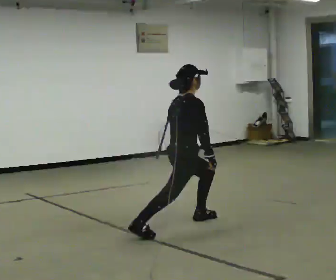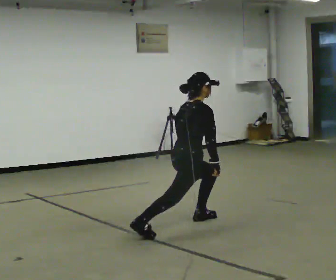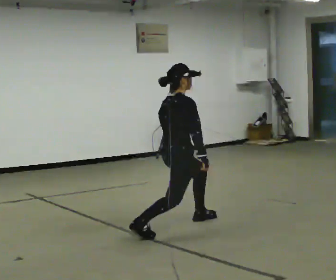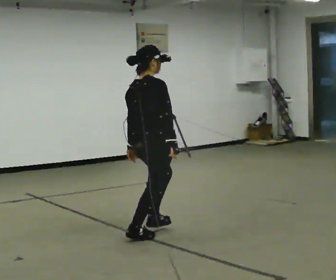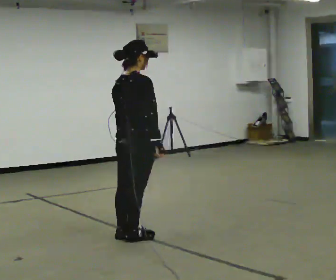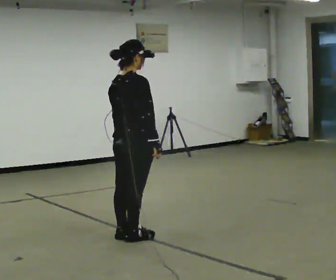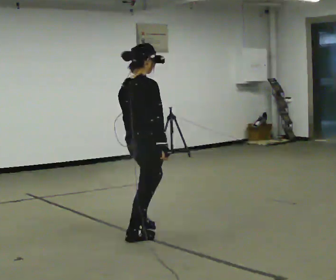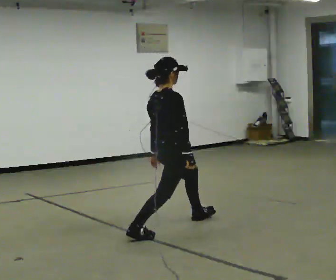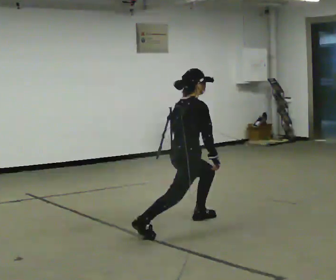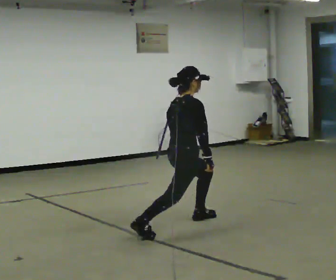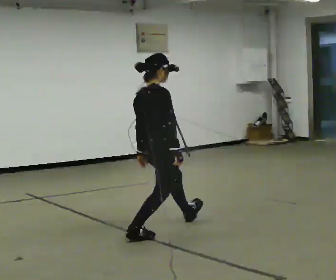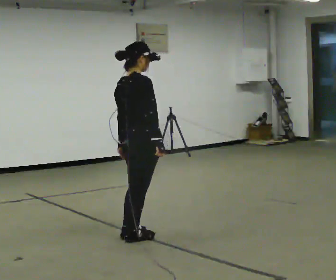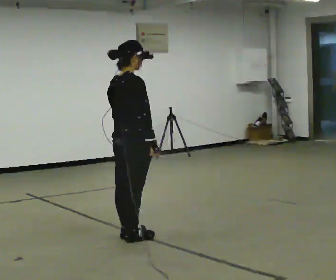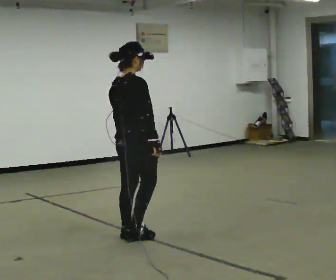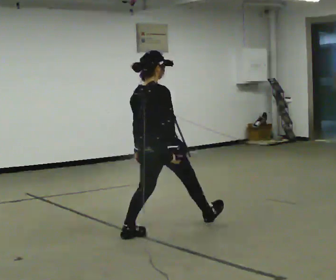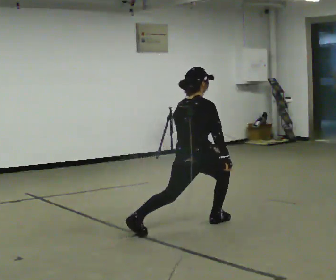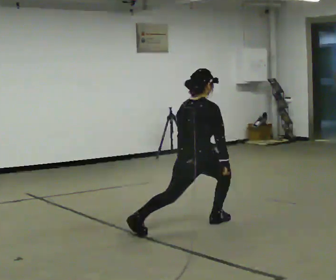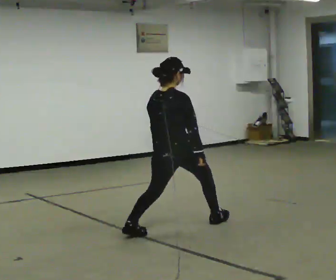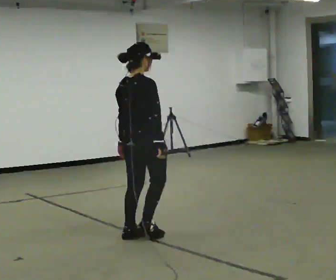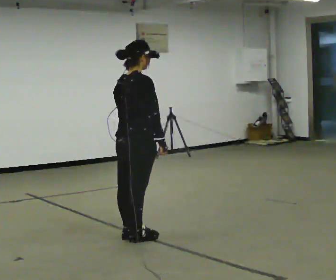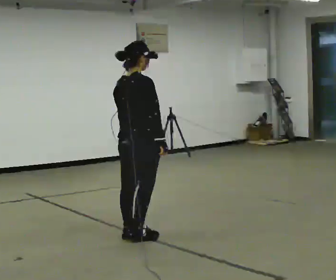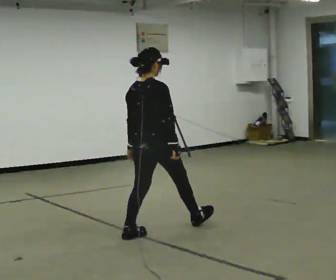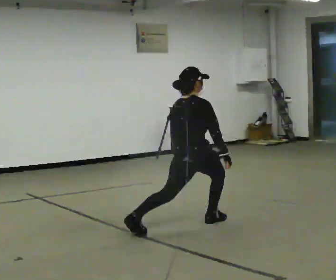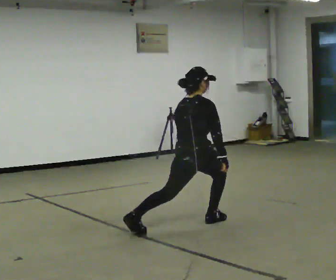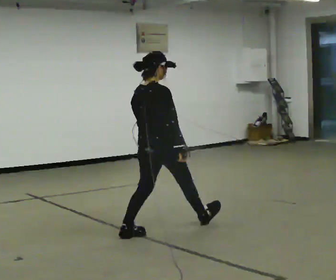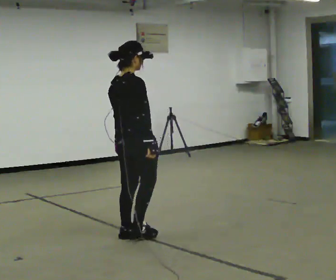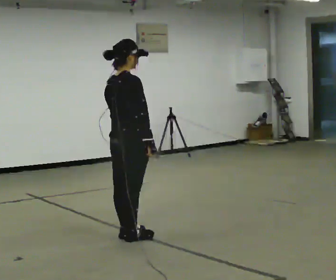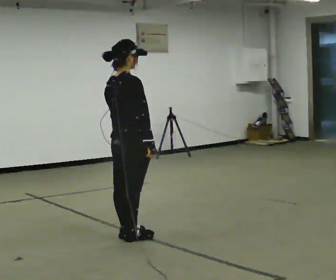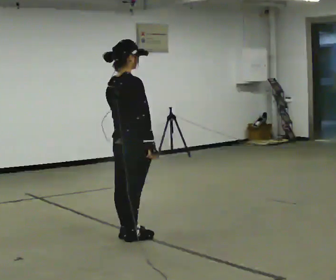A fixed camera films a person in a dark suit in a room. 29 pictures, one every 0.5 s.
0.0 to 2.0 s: In the picture they go to the left and toward the camera, about 0.5 m in 1 step, which for them is backward.
2.0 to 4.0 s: In the picture they go away from the camera and to the right, about 0.5 m in 1 step, which for them is forward. The shoulders move downward.
4.0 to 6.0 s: In the picture they go to the left and toward the camera, about 0.5 m in 1 step, which for them is backward. The upper body goes upward.
6.0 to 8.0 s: In the picture they go to the right and away from the camera, about 0.75 m in 1 step, which for them is forward and to their right. The shoulders move downward.
8.0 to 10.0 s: In the picture they go to the left and toward the camera, about 0.5 m in 1 step, which for them is backward. The upper body goes upward.
10.0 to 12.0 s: The person moves a little, or ends about where they began.
12.0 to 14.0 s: In the picture they go to the left and toward the camera, about 0.25 m in 1 step, which for them is backward.
The film runs forward here.
